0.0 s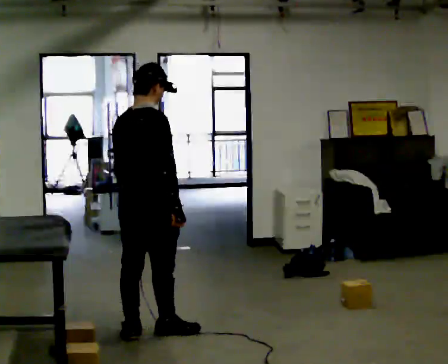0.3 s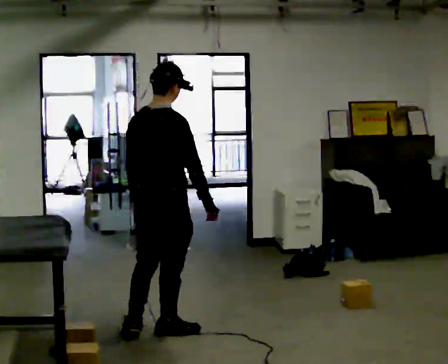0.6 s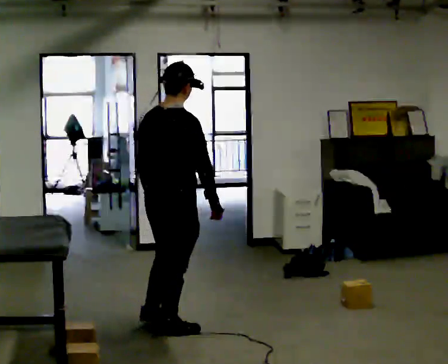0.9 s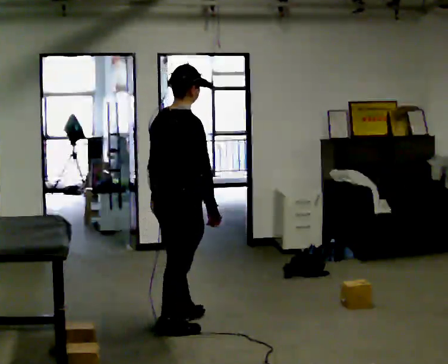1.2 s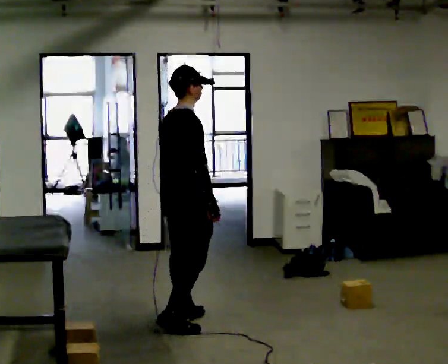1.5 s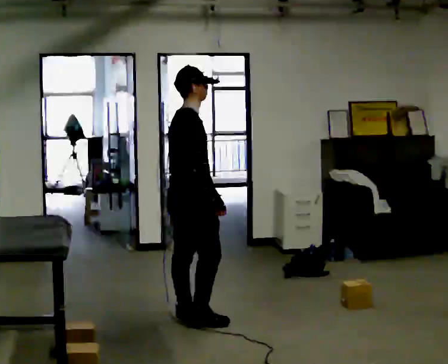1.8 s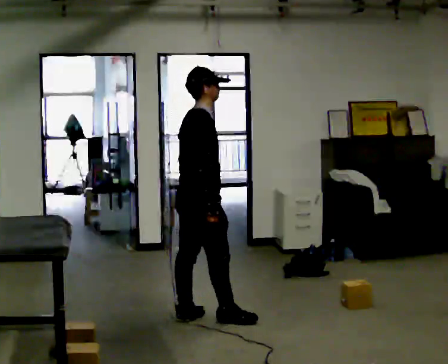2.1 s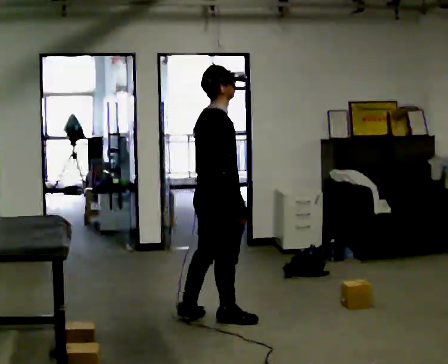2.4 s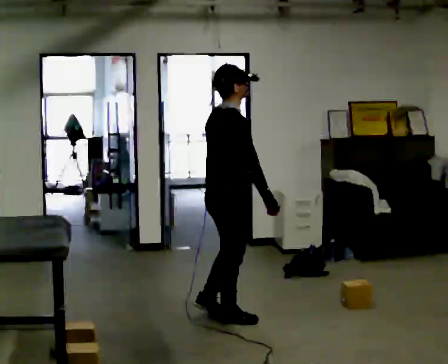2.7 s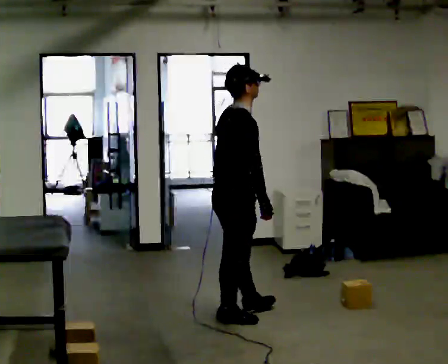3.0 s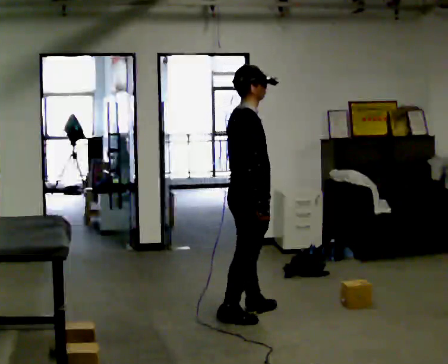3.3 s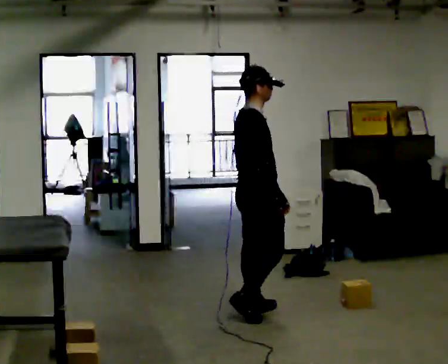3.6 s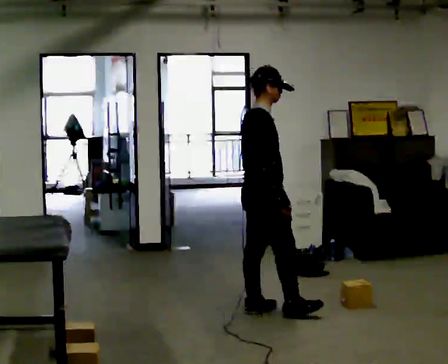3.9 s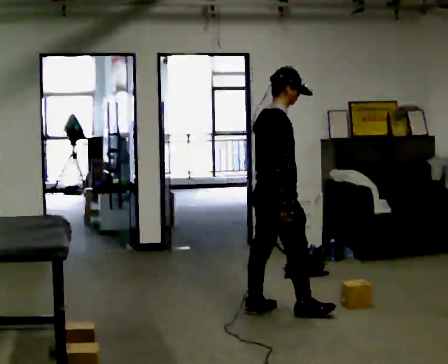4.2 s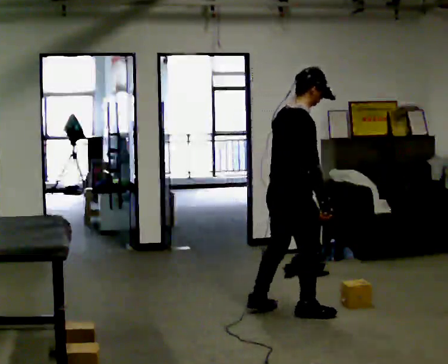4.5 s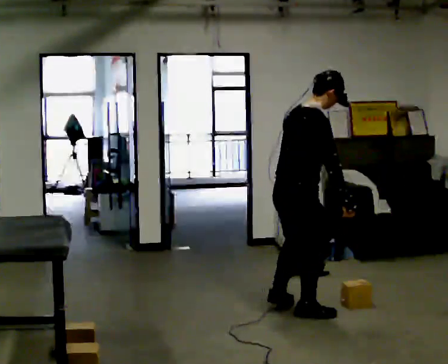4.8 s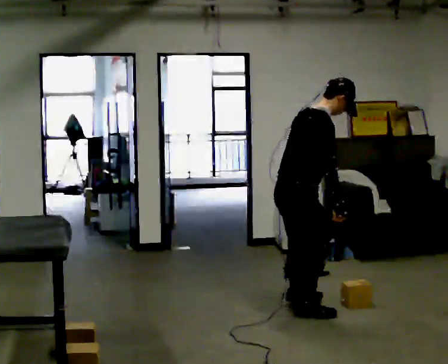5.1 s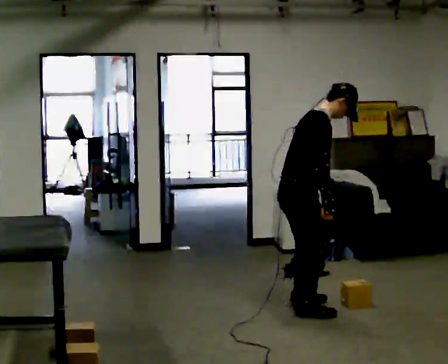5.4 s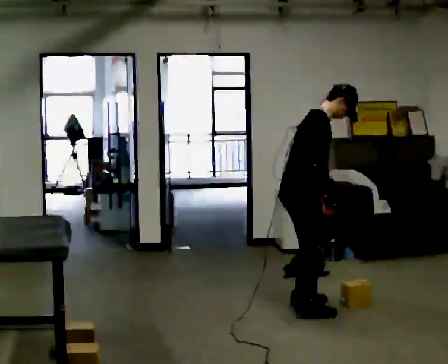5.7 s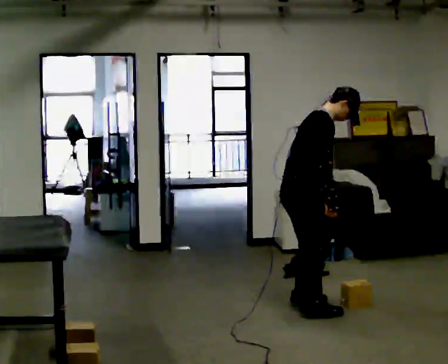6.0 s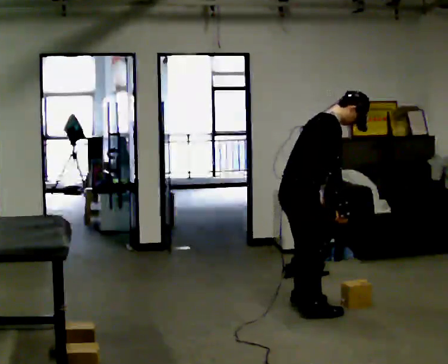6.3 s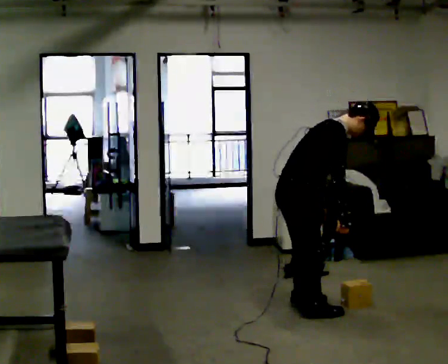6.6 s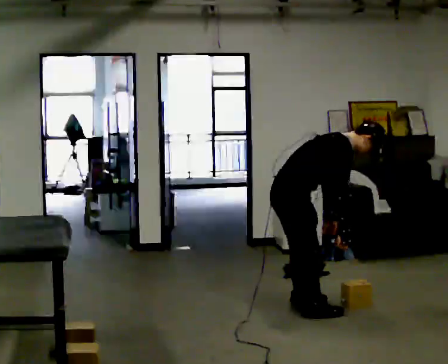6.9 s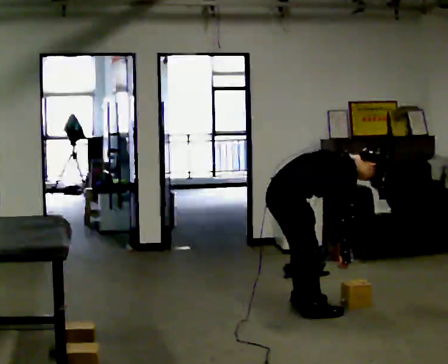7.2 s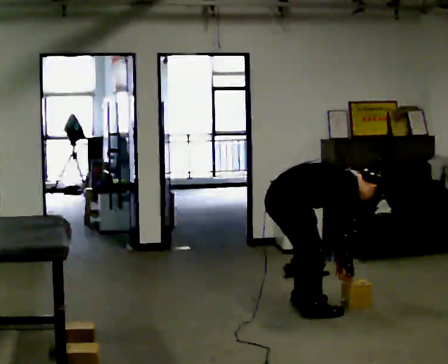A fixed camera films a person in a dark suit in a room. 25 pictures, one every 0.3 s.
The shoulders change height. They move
downward.
The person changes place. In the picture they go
to the right.
0.0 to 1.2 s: The part of the body nearest the lens slides to the left as the person turns to their right by about 30 degrees. In the picture they go away from the camera and to the right, about 0.25 m in 1 step, which for them is forward.
1.2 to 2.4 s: In the picture they go to the right, about 0.25 m in 1 step, which for them is forward.
2.4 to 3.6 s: In the picture they go to the right and away from the camera, about 0.25 m in 1 step, which for them is forward.
3.6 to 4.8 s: In the picture they go to the right, about 0.25 m in 2 steps, which for them is to their right and forward. In the picture the upper body tilts clockwise, shoulders to the right, as they bend forward.
4.8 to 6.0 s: The person moves a little, or ends about where they began.
6.0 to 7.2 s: The upper body goes downward. In the picture the upper body tilts clockwise, shoulders to the right, as they bend forward. In the picture their right hand goes downward.
The film runs forward here.
